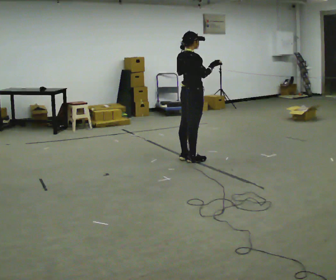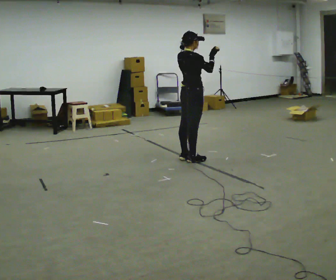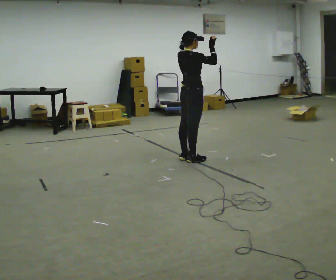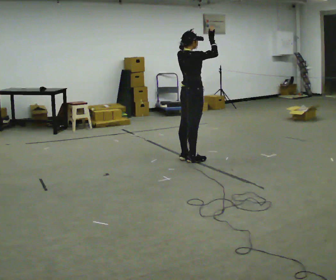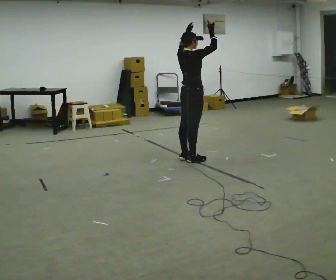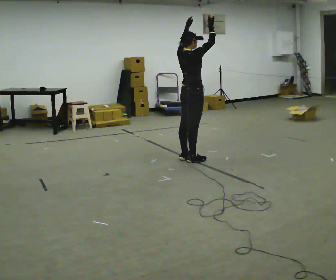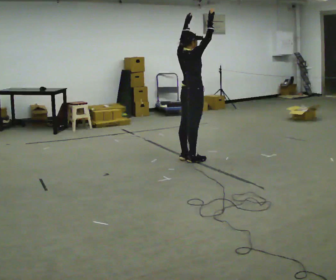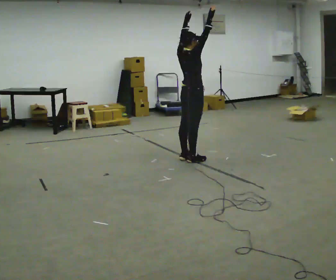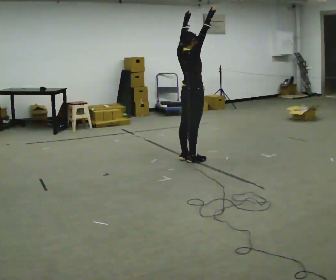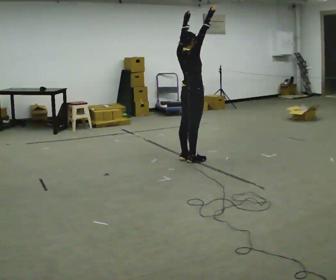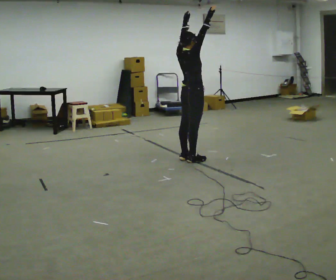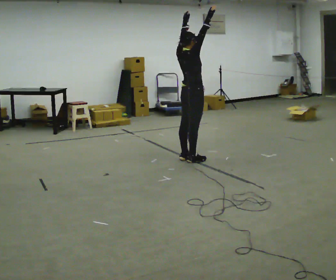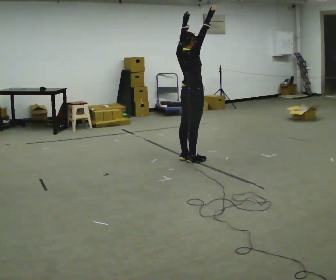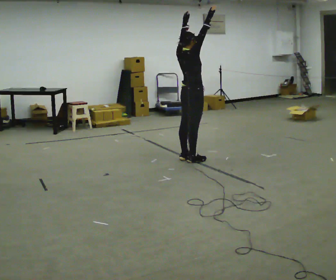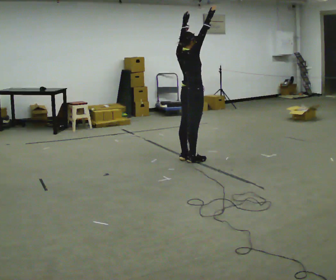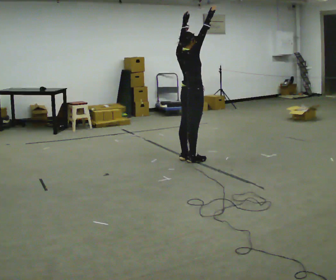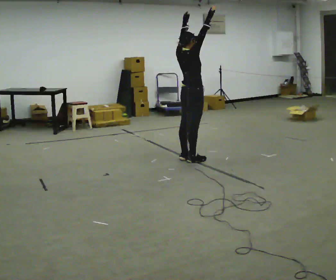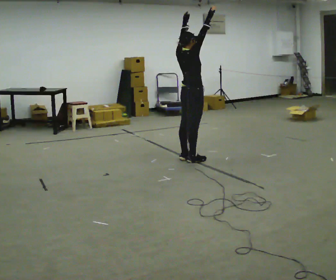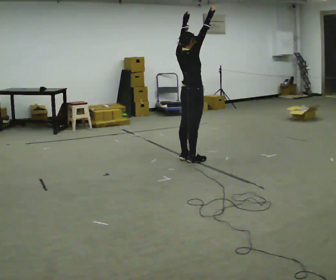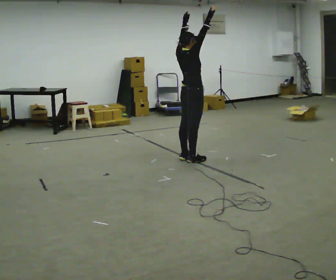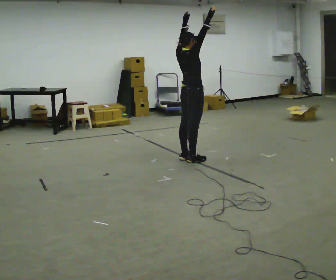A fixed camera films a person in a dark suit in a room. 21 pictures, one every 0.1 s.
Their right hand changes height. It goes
upward.
Their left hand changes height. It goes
upward.
0.0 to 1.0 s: In the picture their right hand goes upward.
1.0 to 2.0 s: The person keeps their place and pose.
The film runs forward here.
